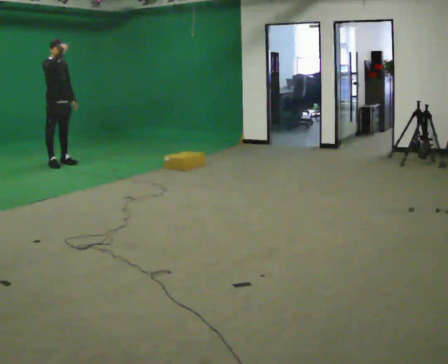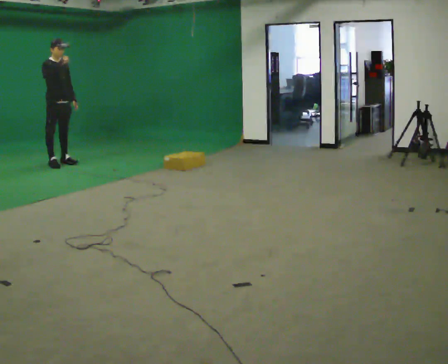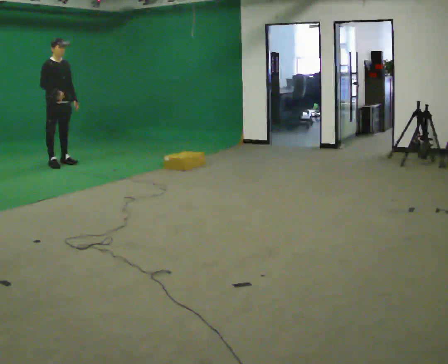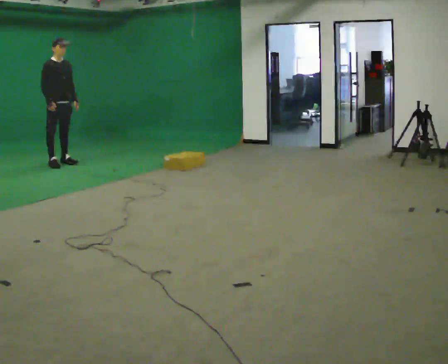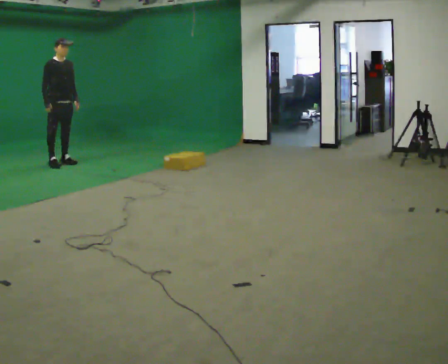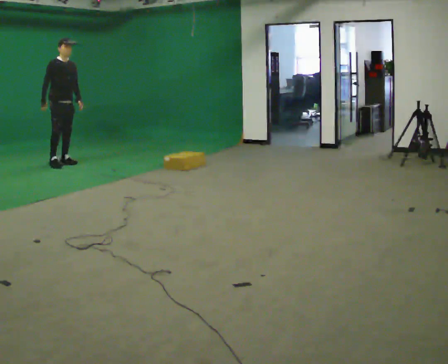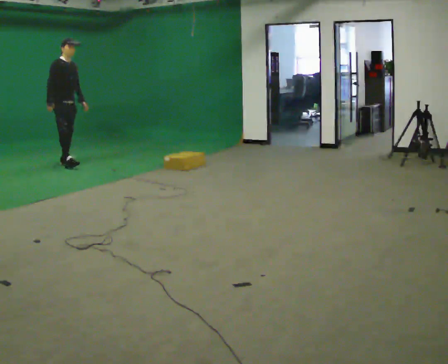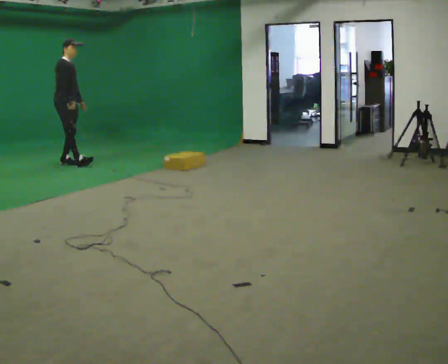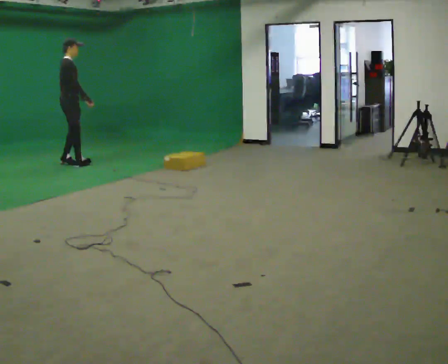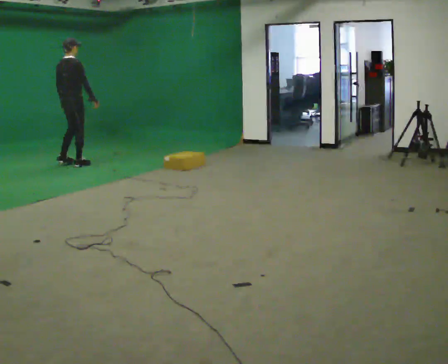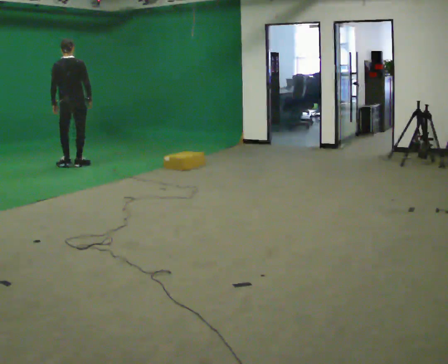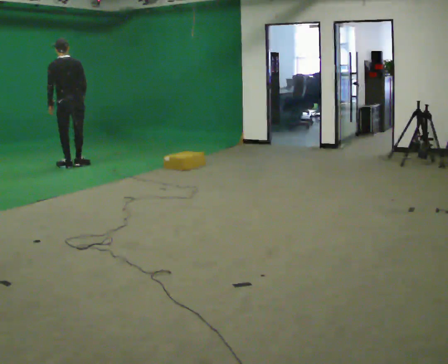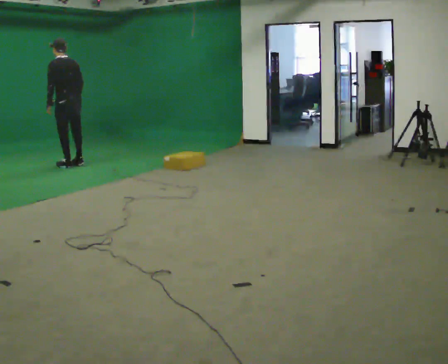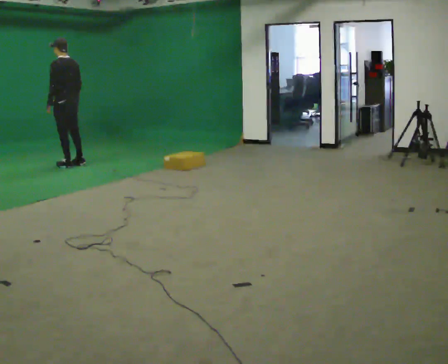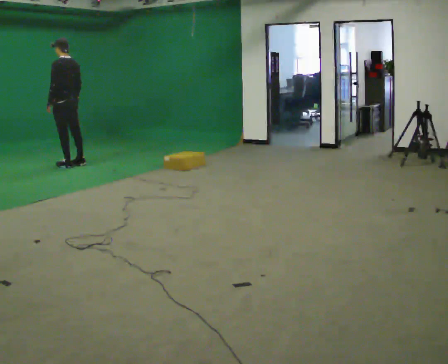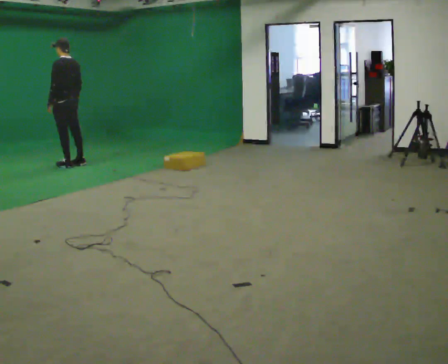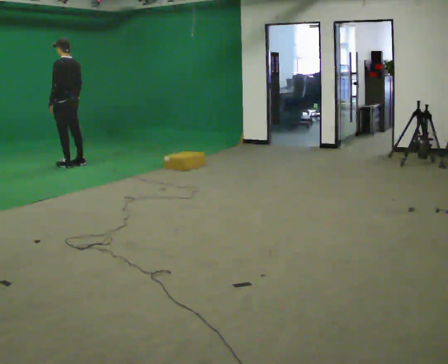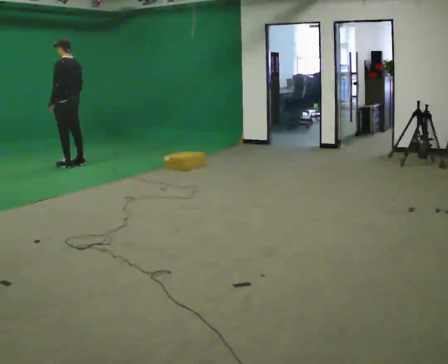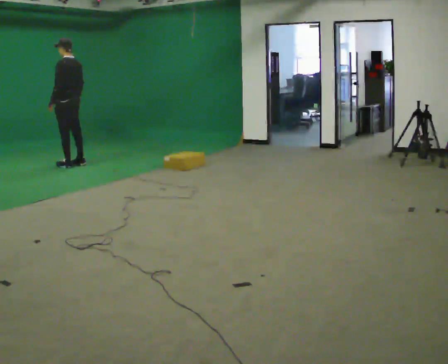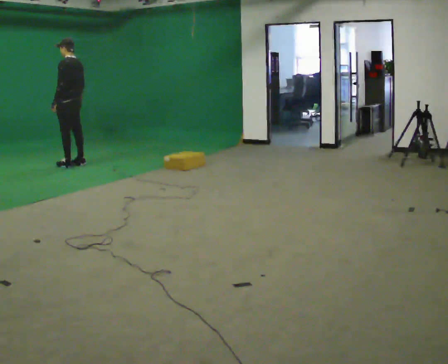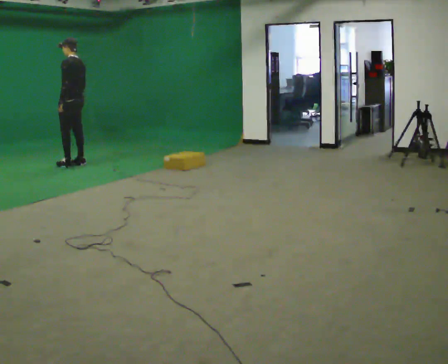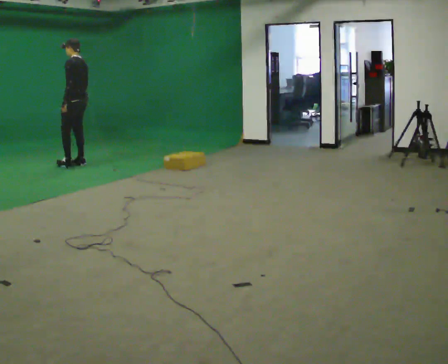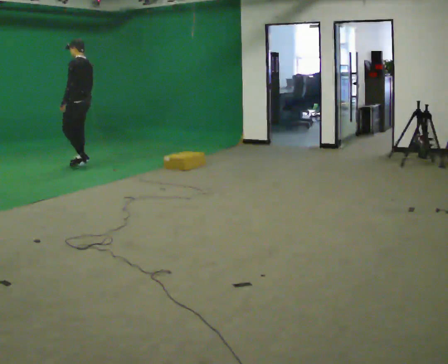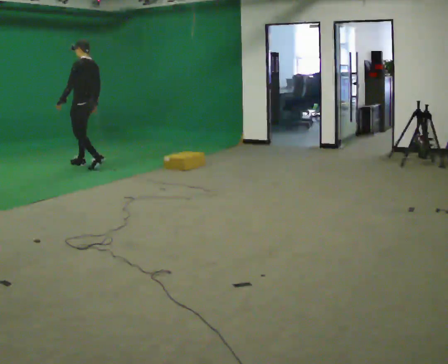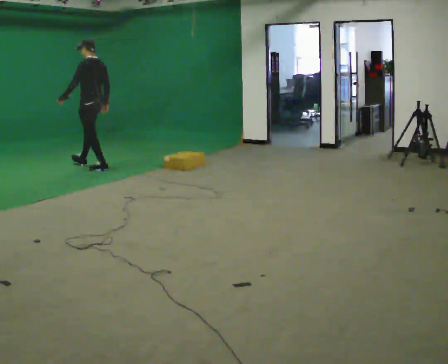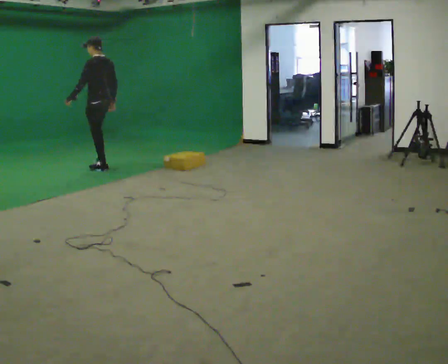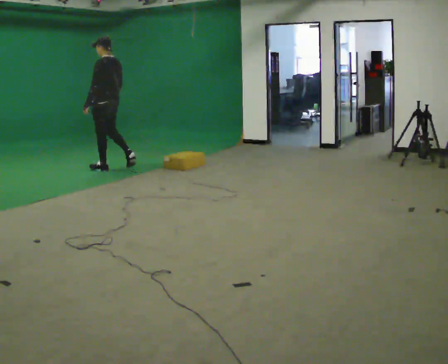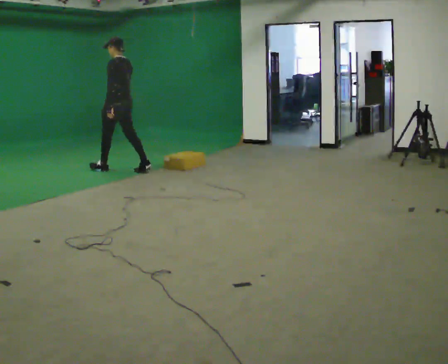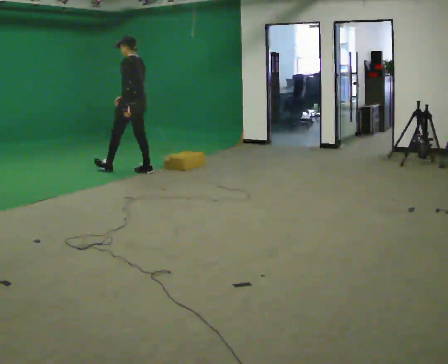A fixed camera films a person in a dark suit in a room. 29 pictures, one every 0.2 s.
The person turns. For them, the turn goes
to their left.
The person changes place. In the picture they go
to the right.
0.0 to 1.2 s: In the picture their right hand goes downward.
1.2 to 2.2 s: The part of the body nearest the lens slides to the right as the person turns to their left by about 135 degrees. In the picture they go toward the camera, about 0.25 m in 1 step. In the picture their right hand goes to the right, the arm swinging counterclockwise.
2.2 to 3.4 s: The part of the body nearest the lens slides to the right as the person turns to their left by about 45 degrees.
3.4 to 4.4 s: In the picture they go to the right, about 0.25 m in 1 step, which for them is backward.
4.4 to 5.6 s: In the picture they go to the right and toward the camera, about 1 m in 2 steps, which for them is backward.
The film runs backward here.
